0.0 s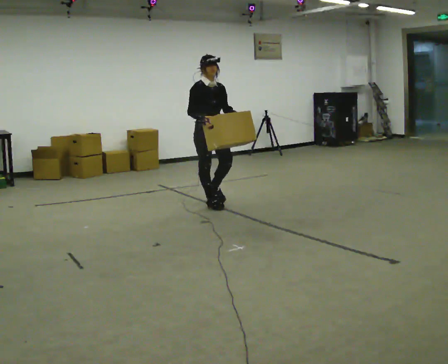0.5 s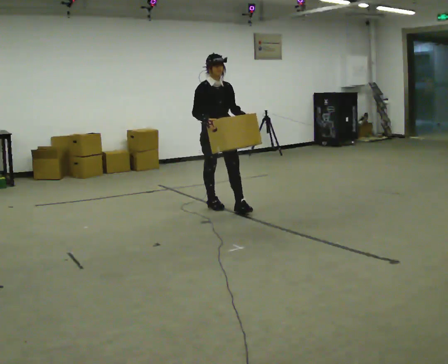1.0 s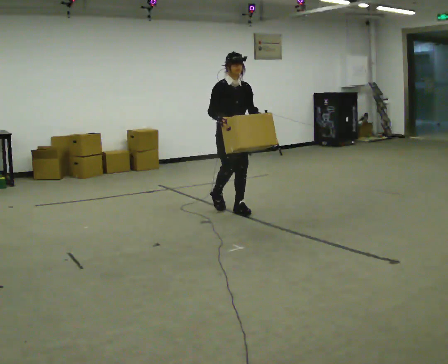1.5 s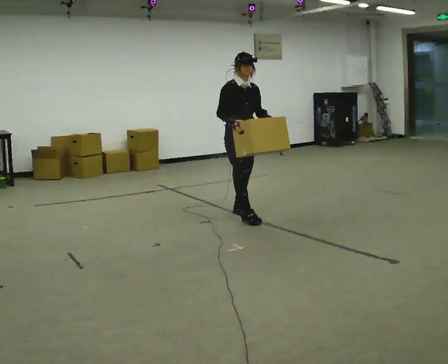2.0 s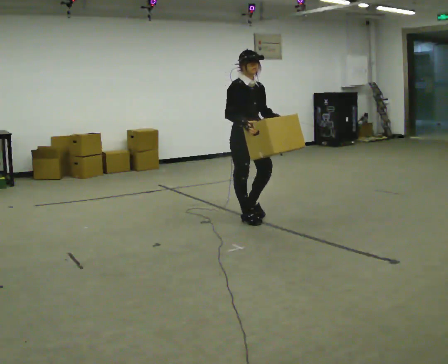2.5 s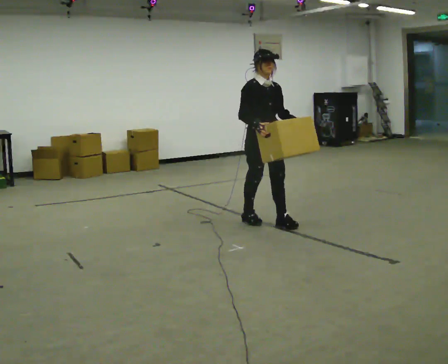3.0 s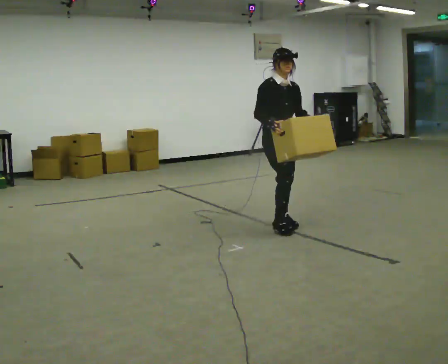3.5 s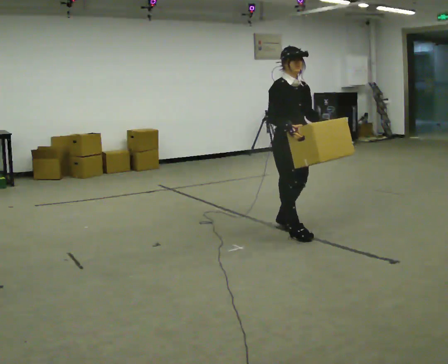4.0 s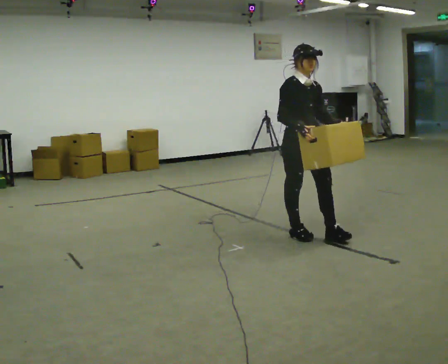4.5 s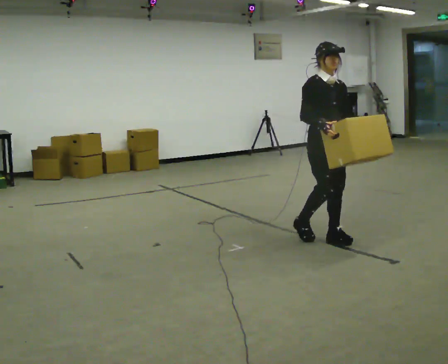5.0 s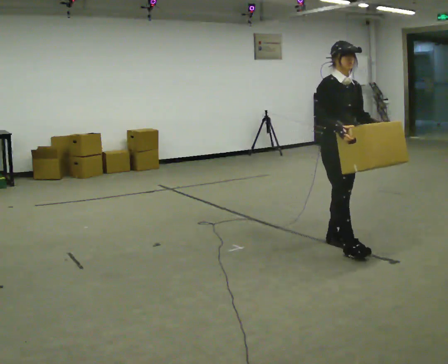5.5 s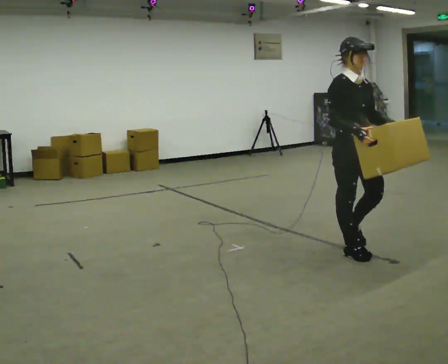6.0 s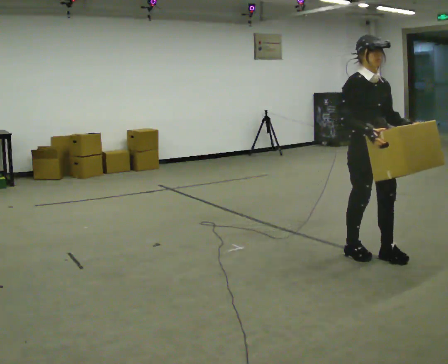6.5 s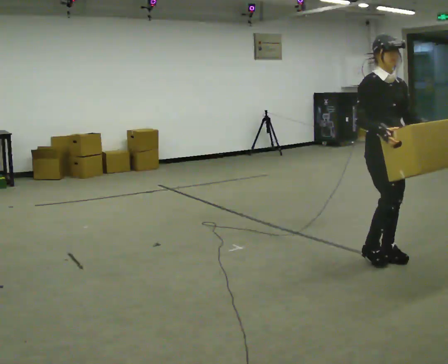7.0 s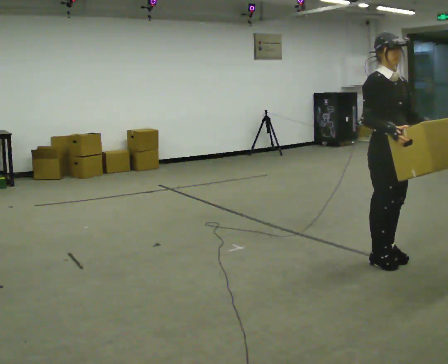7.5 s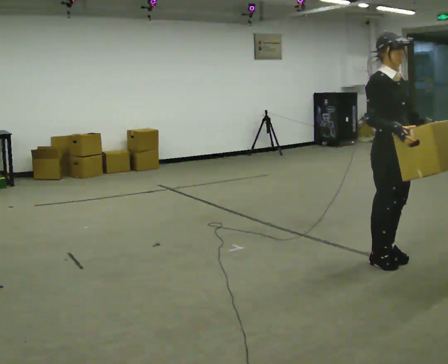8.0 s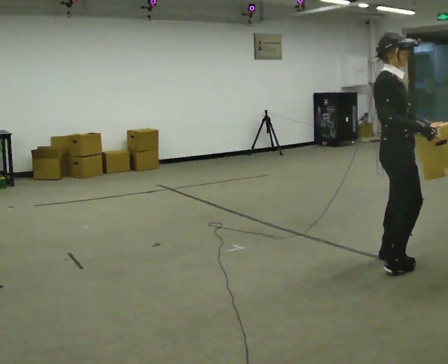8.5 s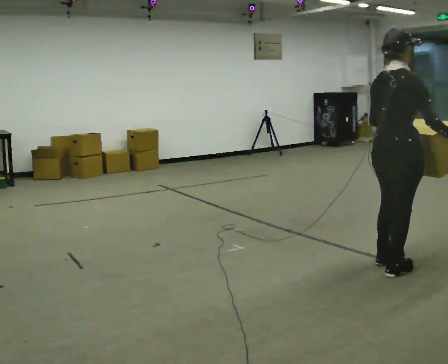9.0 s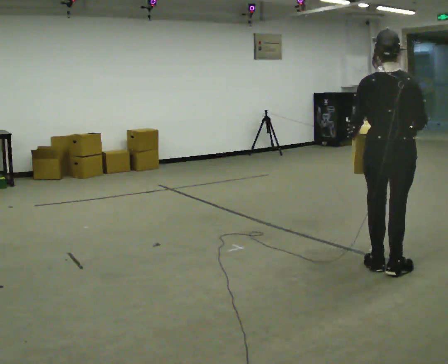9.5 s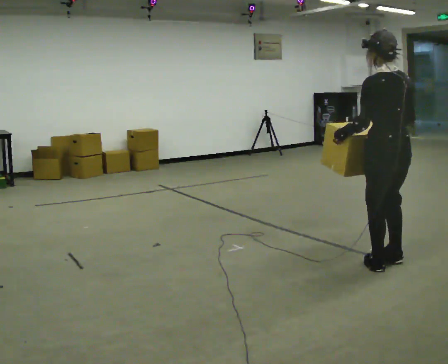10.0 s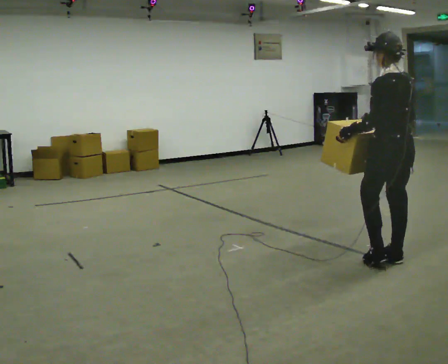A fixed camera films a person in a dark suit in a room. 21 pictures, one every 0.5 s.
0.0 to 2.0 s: In the picture they go toward the camera and to the right, about 0.5 m in 2 steps, which for them is forward.
2.0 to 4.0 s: In the picture they go to the right and toward the camera, about 0.5 m in 2 steps, which for them is forward.
4.0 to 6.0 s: In the picture they go to the right and toward the camera, about 0.5 m in 3 steps, which for them is forward.
6.0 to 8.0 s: Seen from above the body turns counterclockwise, about 45 degrees: to their left, with its near side sliding to the right. In the picture they go toward the camera and to the right, about 0.25 m in 1 step, which for them is forward. In the picture their right hand goes to the right.
8.0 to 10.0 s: The part of the body nearest the lens slides to the right as the person turns to their left by about 150 degrees.
The film runs forward here.
